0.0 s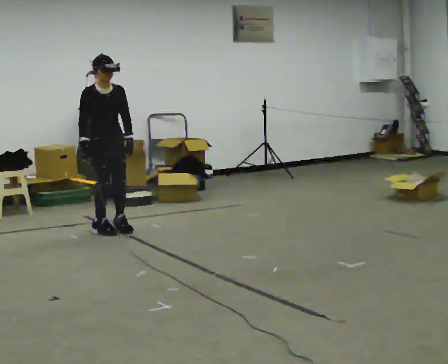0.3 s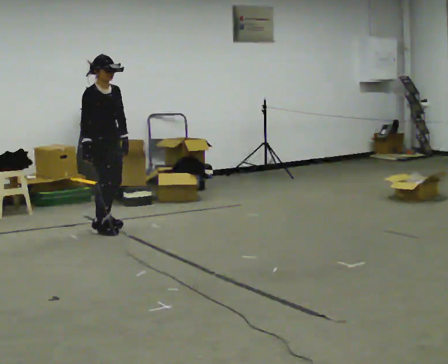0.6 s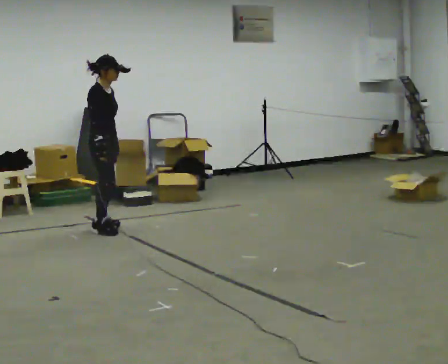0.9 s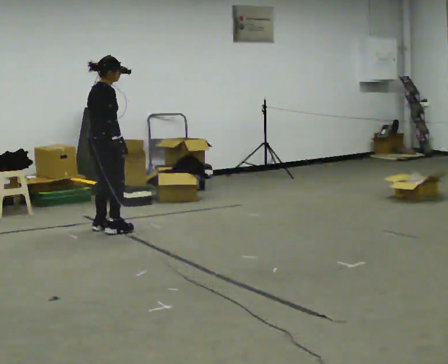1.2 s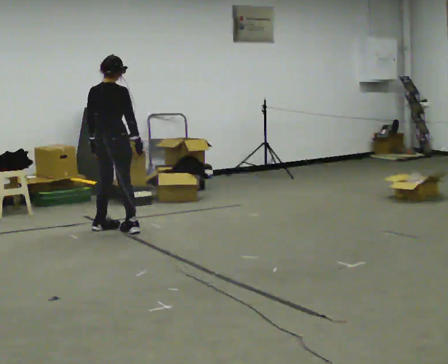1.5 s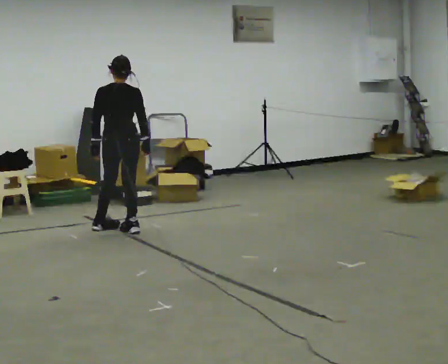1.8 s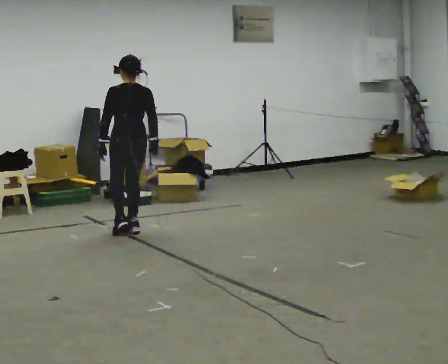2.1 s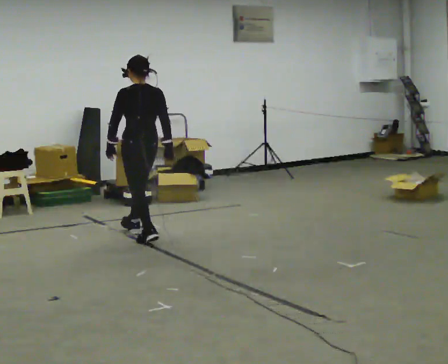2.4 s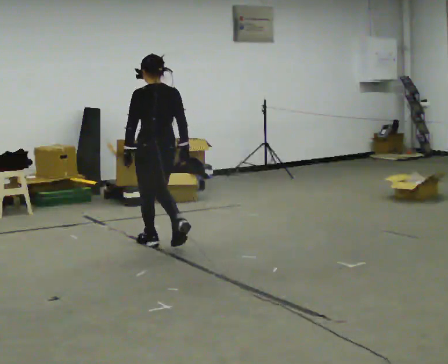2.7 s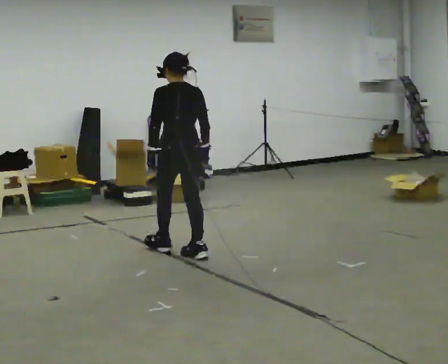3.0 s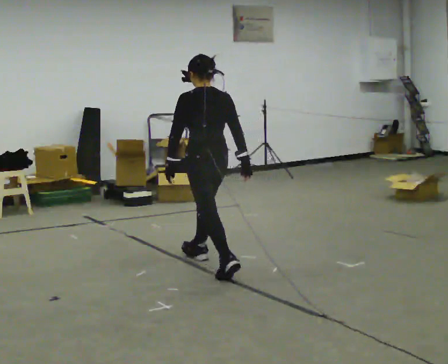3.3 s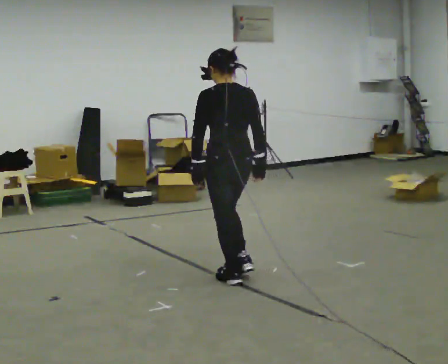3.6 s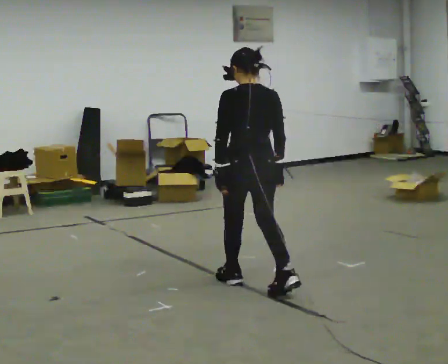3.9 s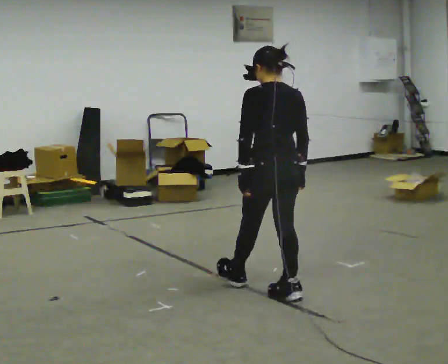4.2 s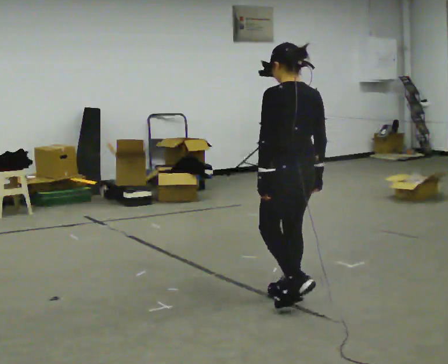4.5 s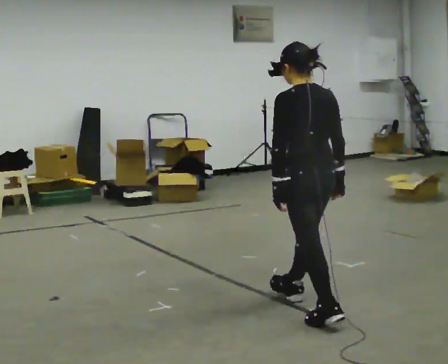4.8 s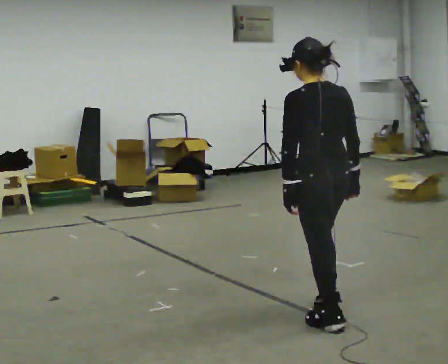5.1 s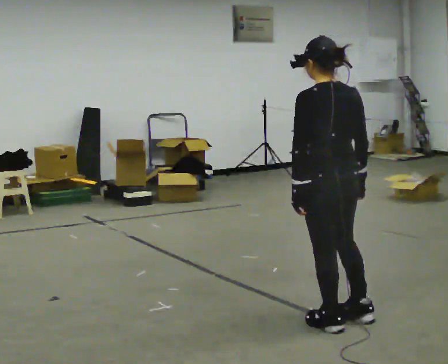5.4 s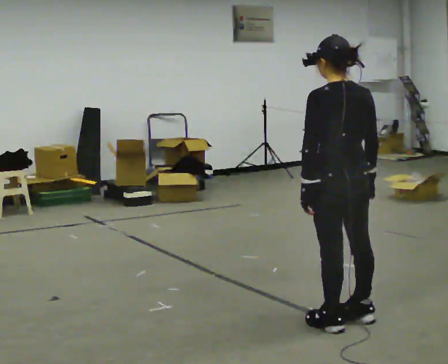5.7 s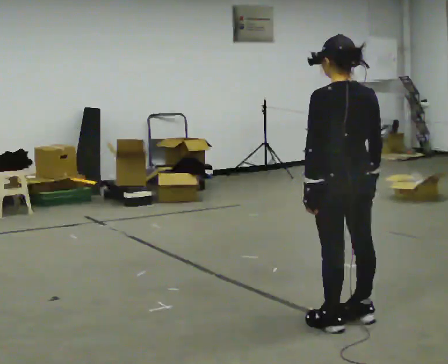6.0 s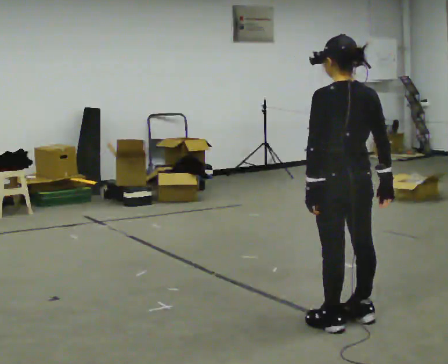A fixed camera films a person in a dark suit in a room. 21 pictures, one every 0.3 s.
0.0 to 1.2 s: Seen from above the body turns counterclockwise, about 120 degrees: to their left, with its near side sliding to the right. In the picture their right hand goes to the right, the arm swinging counterclockwise.
1.2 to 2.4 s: The person turns about 45 degrees to their left, counterclockwise seen from above, so the part of the body nearest the lens slides to the right. In the picture they go toward the camera and to the right, about 0.75 m in 2 steps, which for them is backward.
2.4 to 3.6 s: In the picture they go toward the camera and to the right, about 1.5 m in 2 steps, which for them is backward.
3.6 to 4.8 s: In the picture they go toward the camera and to the right, about 0.5 m in 2 steps, which for them is backward.
4.8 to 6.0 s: The person moves a little, or ends about where they began.
The film runs backward here.
